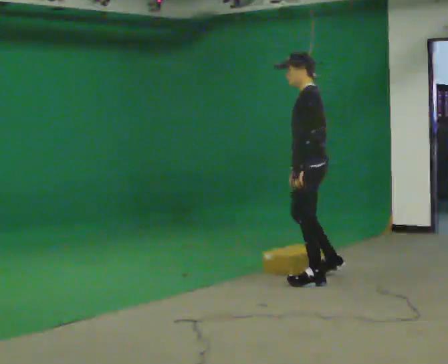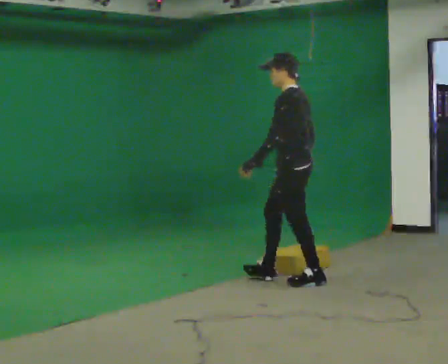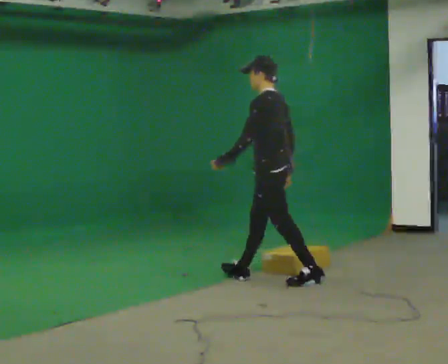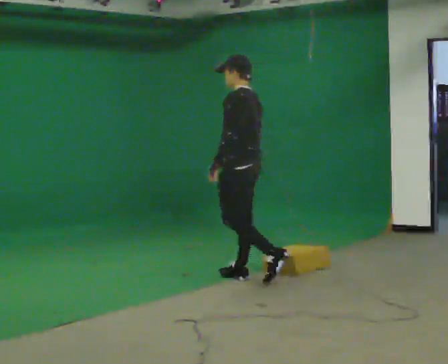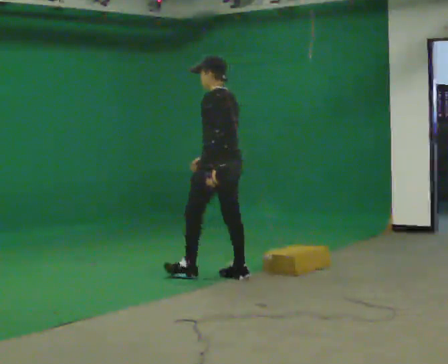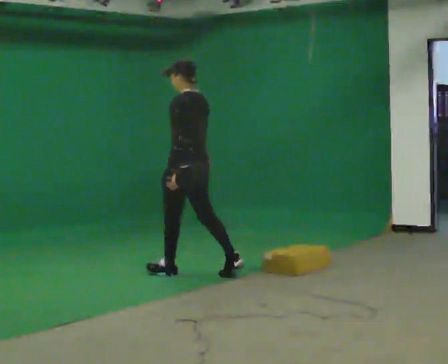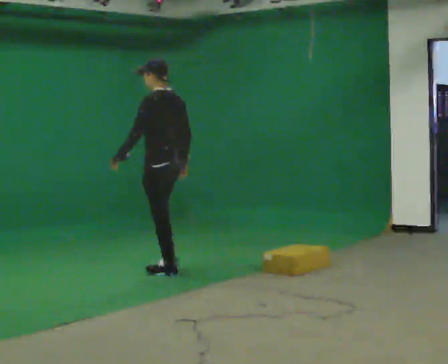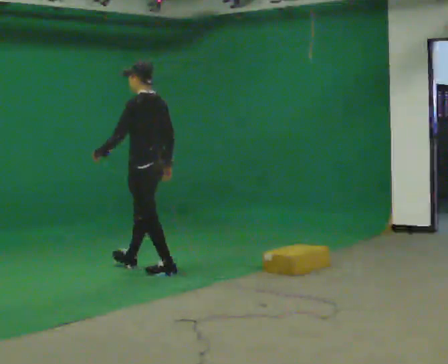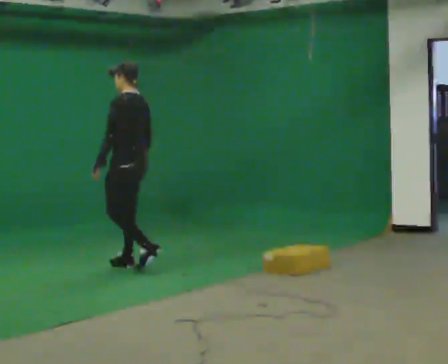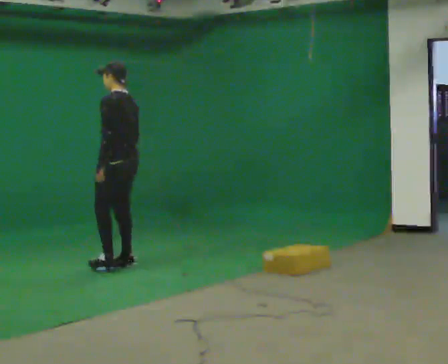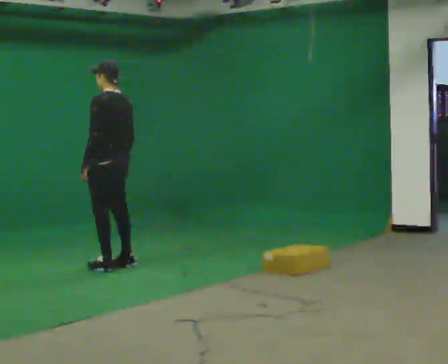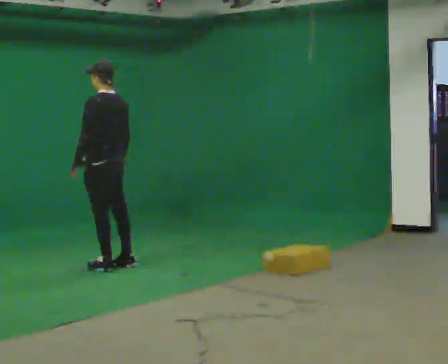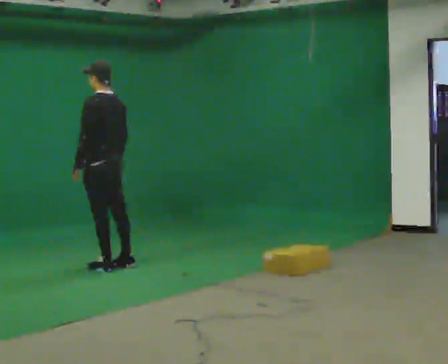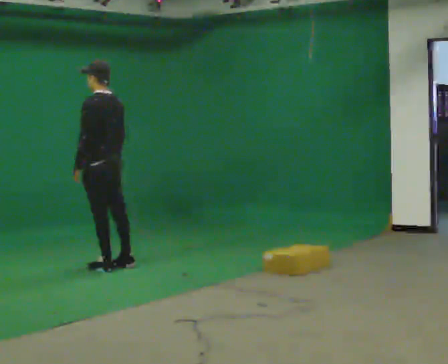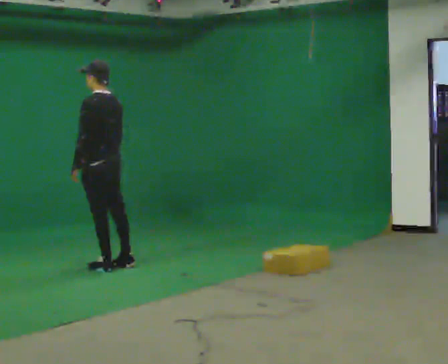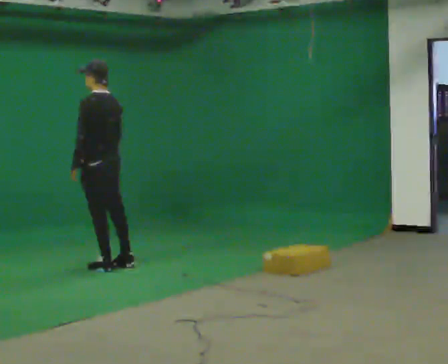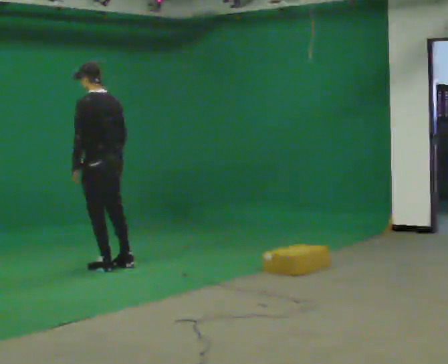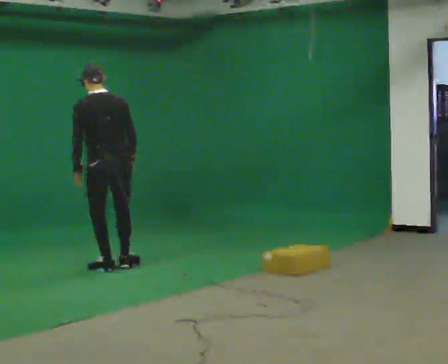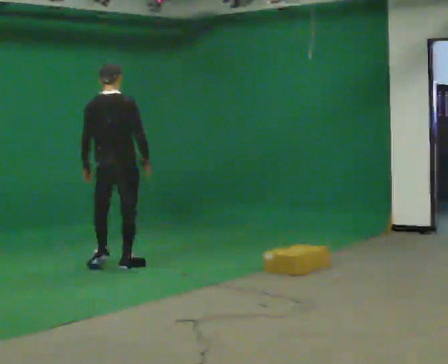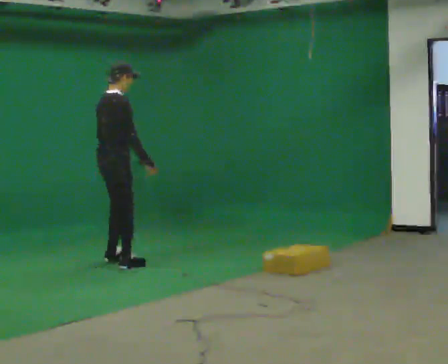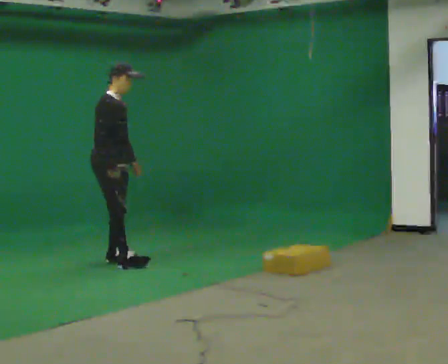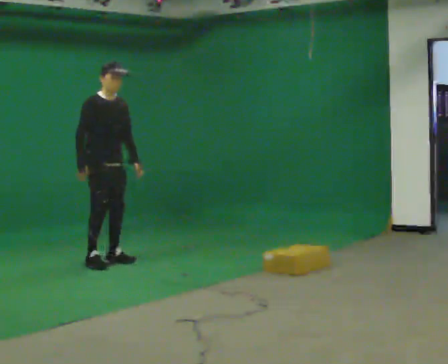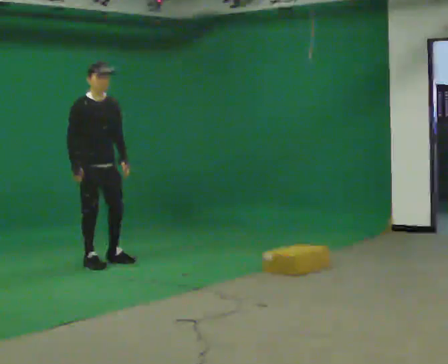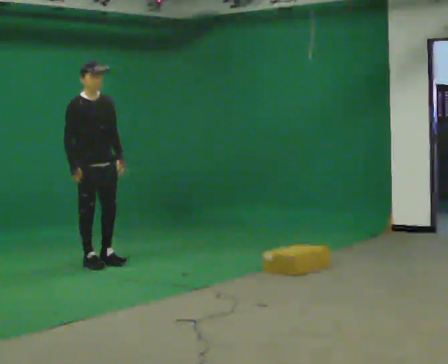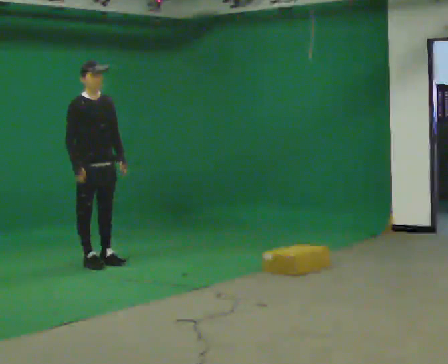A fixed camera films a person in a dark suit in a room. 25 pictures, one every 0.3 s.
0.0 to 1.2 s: In the picture they go to the left and away from the camera, about 0.5 m in 1 step, which for them is forward.
1.2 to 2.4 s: In the picture they go to the left and away from the camera, about 1 m in 2 steps, which for them is forward.
2.4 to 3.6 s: In the picture they go to the left, about 0.25 m in 1 step, which for them is forward.
3.6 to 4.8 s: The person moves a little, or ends about where they began.
4.8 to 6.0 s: Seen from above the body turns clockwise, about 150 degrees: to their right, with its near side sliding to the left. In the picture they go away from the camera, about 0.25 m in 1 step. In the picture the upper body tilts clockwise, shoulders to the right.
6.0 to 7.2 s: The person turns about 30 degrees to their right, clockwise seen from above, so the part of the body nearest the lens slides to the left.
The film runs forward here.
